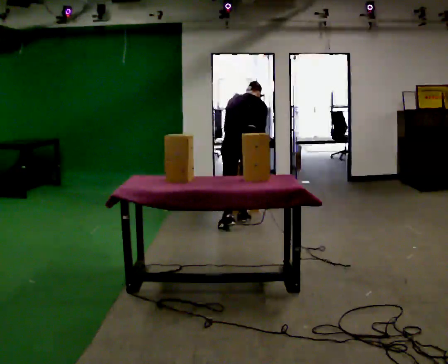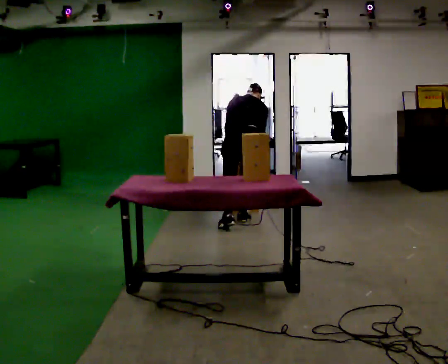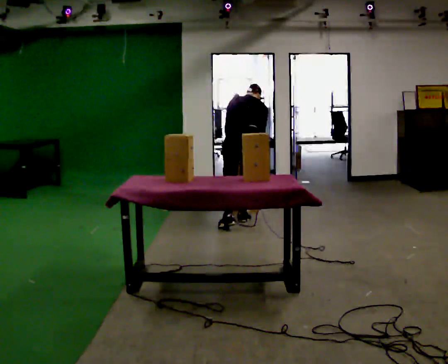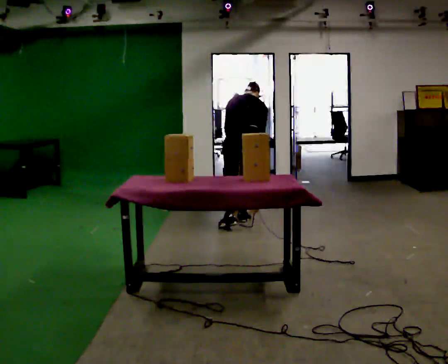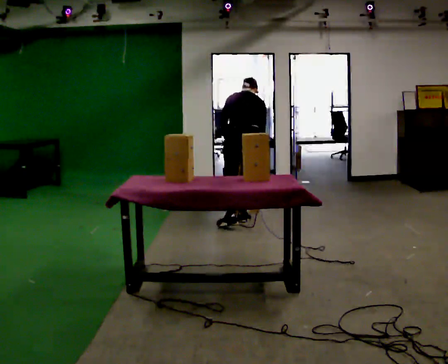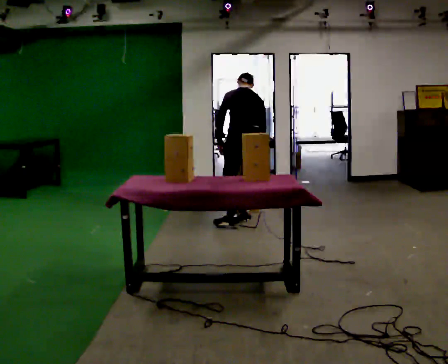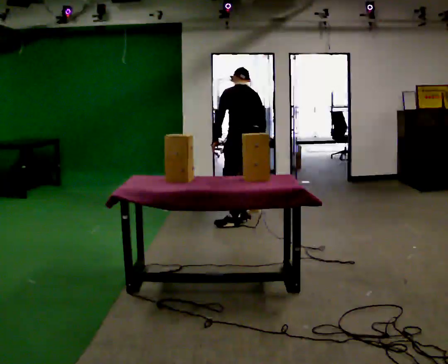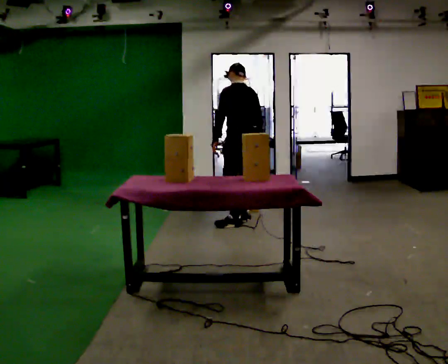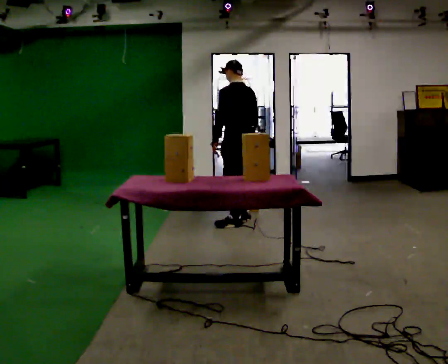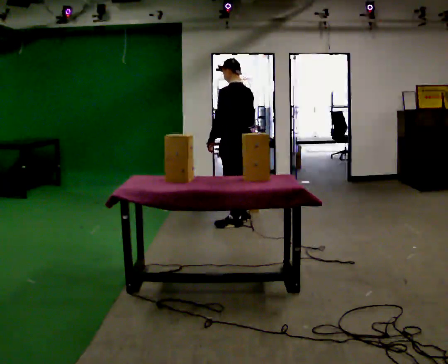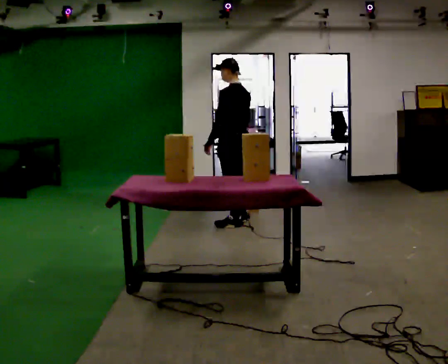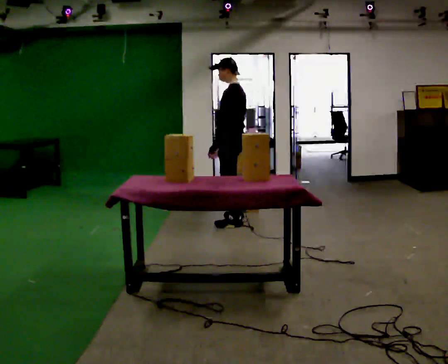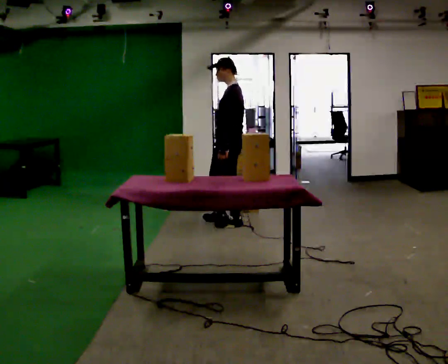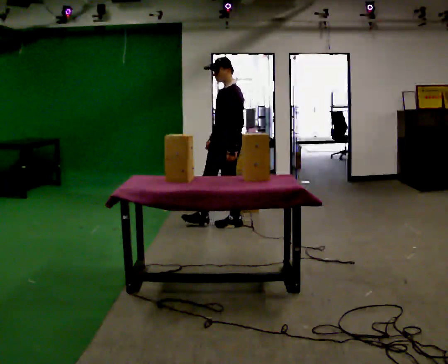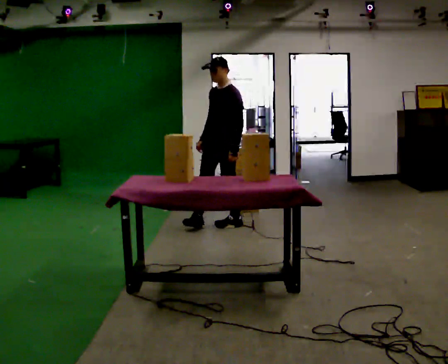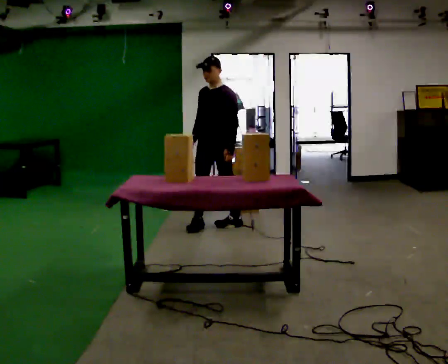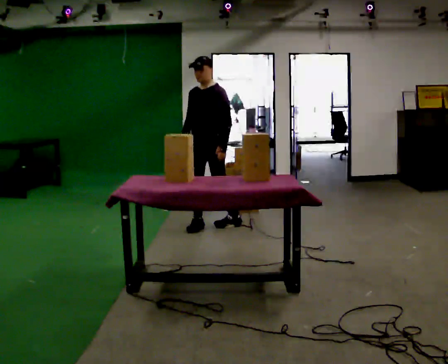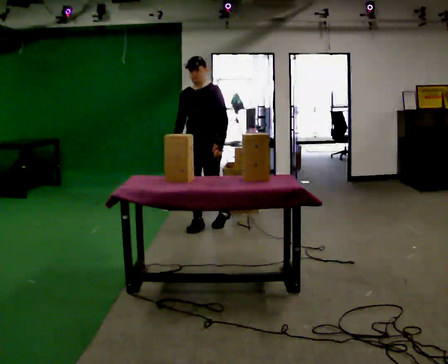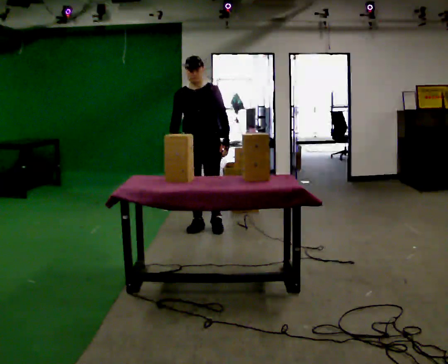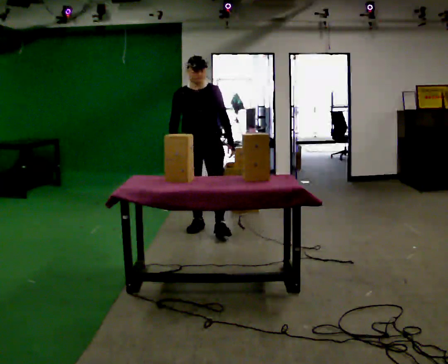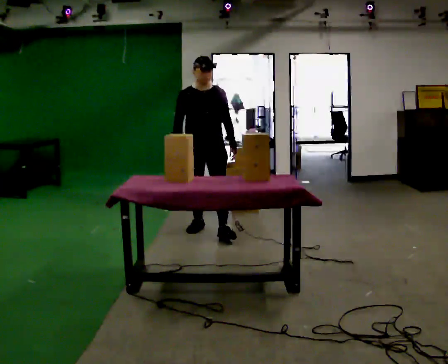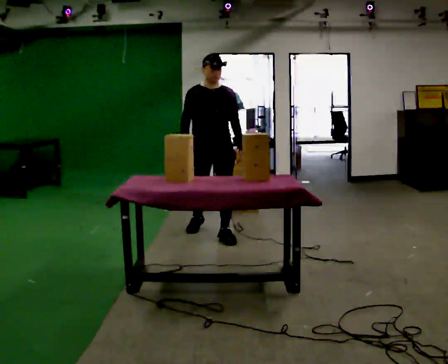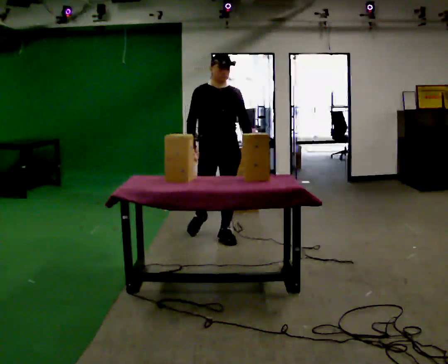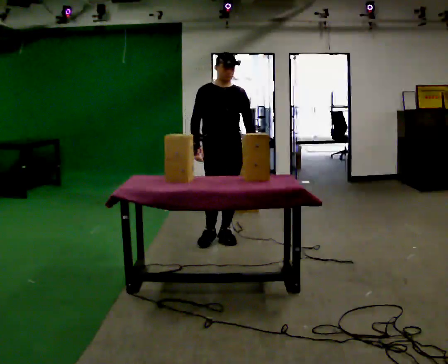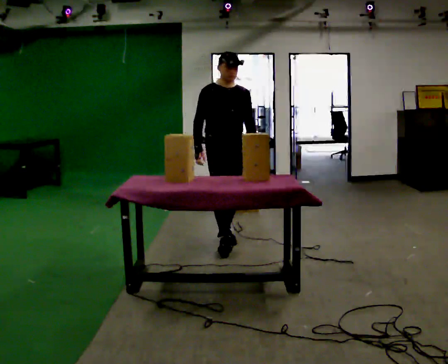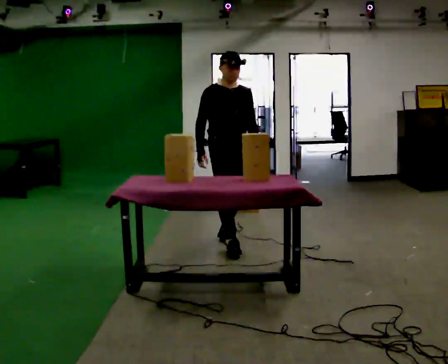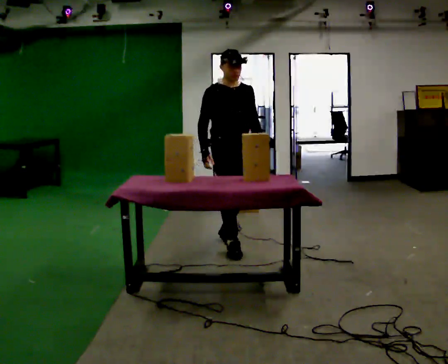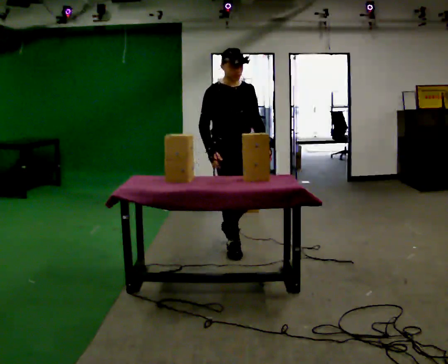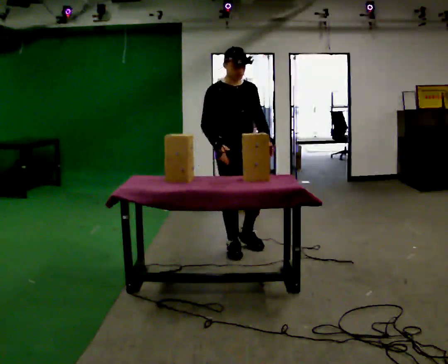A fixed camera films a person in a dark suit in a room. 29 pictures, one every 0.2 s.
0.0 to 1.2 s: The person turns about 30 degrees to their left, counterclockwise seen from above, so the part of the body nearest the lens slides to the right. The upper body tips toward the camera, its near side rolling downward, as they lean back or straighten.
1.2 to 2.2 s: The person turns about 45 degrees to their left, counterclockwise seen from above, so the part of the body nearest the lens slides to the right. In the picture they go toward the camera, about 0.25 m, which for them is to their left. The upper body tips toward the camera, its near side rolling downward, as they lean back or straighten. In the picture their right hand goes to the left.
2.2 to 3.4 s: The person turns about 75 degrees to their left, counterclockwise seen from above, so the part of the body nearest the lens slides to the right. In the picture they go to the left, about 0.25 m in 1 step.
3.4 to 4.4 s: The part of the body nearest the lens slides to the right as the person turns to their left by about 30 degrees. In the picture they go toward the camera, about 0.5 m in 1 step, which for them is forward.
4.4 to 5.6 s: In the picture they go toward the camera, about 0.5 m in 1 step, which for them is forward.
The film runs forward here.
